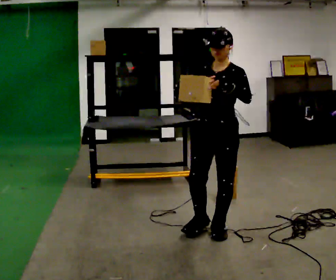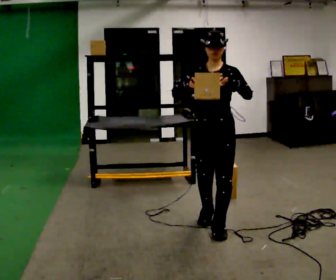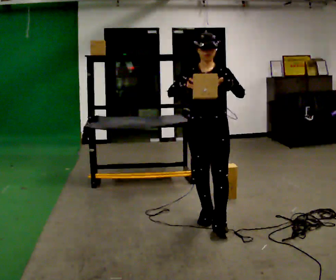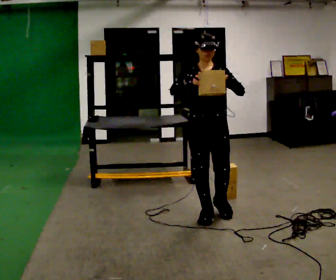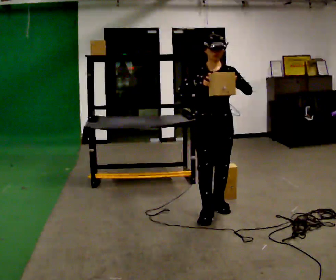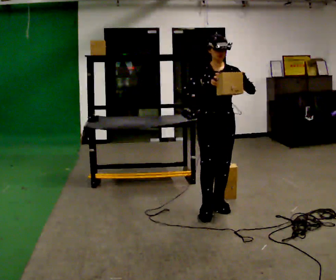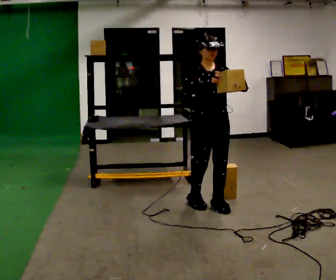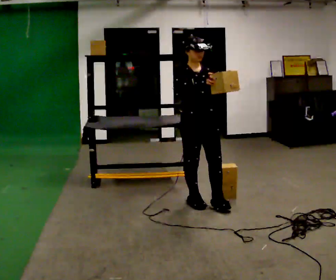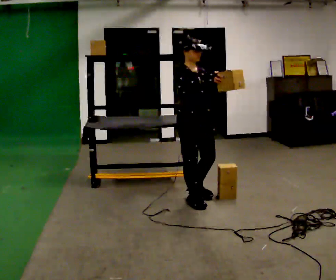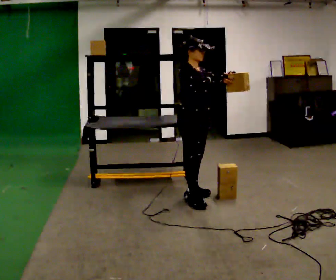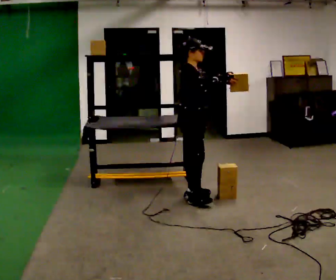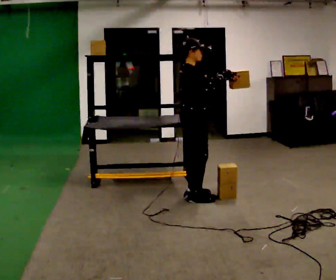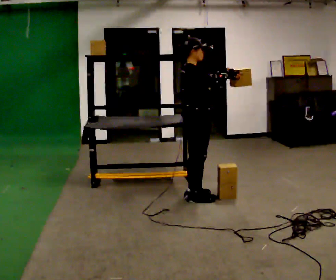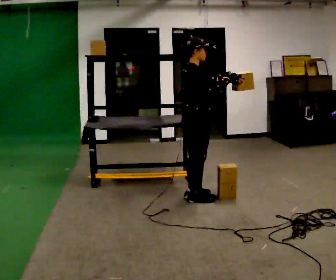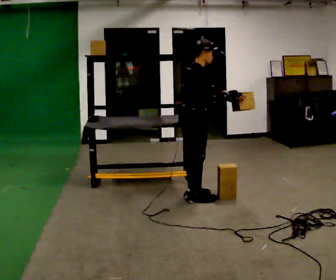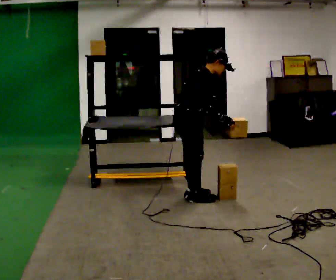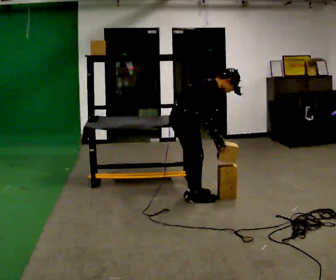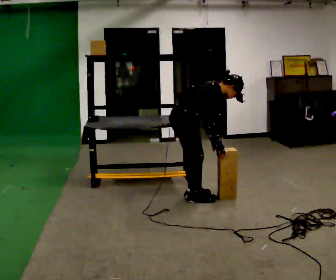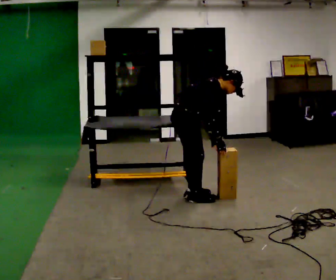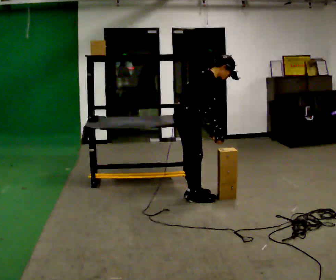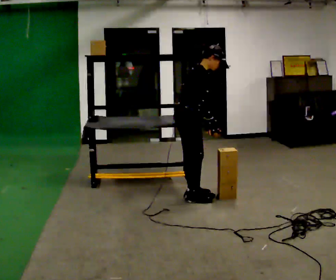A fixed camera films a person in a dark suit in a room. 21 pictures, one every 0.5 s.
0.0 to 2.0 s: The part of the body nearest the lens slides to the right as the person turns to their left by about 30 degrees. In the picture they go away from the camera, about 0.5 m in 1 step, which for them is backward.
2.0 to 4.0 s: Seen from above the body turns counterclockwise, about 45 degrees: to their left, with its near side sliding to the right. In the picture they go away from the camera and to the left, about 0.25 m in 2 steps, which for them is backward.
4.0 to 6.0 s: The part of the body nearest the lens slides to the right as the person turns to their left by about 60 degrees.
6.0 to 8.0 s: The upper body goes downward. In the picture the upper body tilts clockwise, shoulders to the right, as they bend forward. In the picture their right hand goes downward, the arm swinging clockwise.
8.0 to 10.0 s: The person moves a little, or ends about where they began.
The film runs backward here.
